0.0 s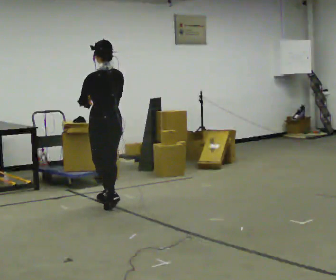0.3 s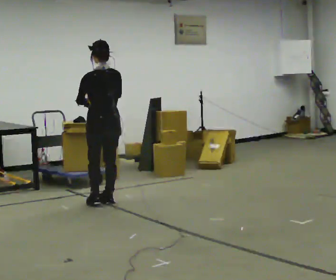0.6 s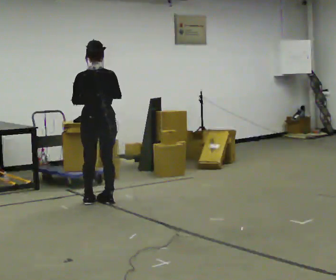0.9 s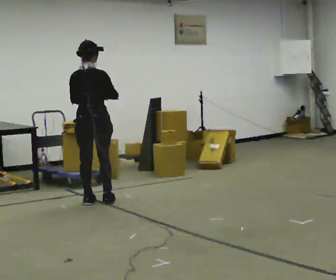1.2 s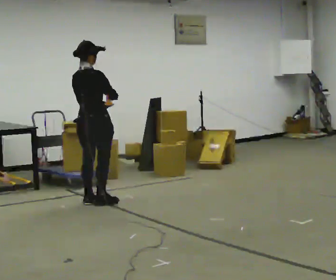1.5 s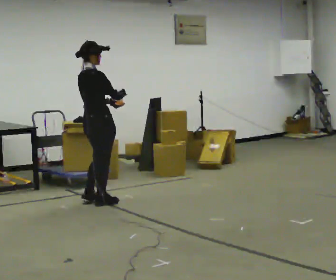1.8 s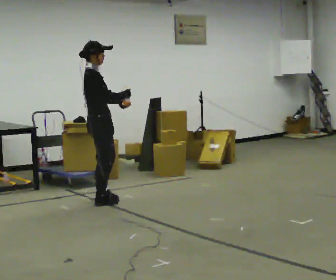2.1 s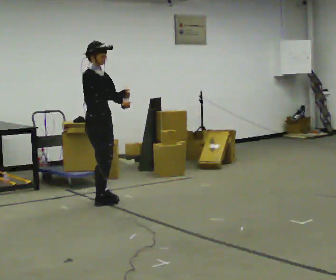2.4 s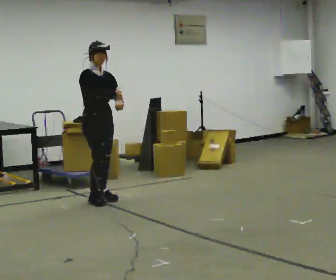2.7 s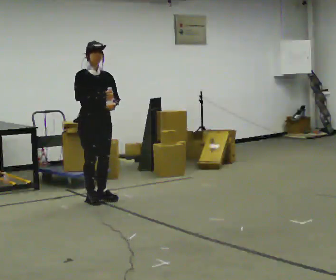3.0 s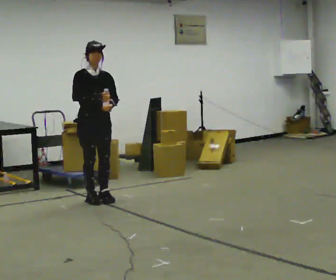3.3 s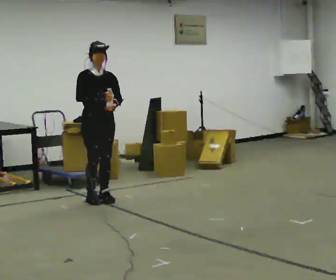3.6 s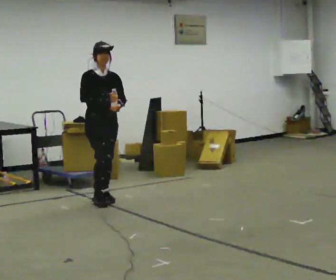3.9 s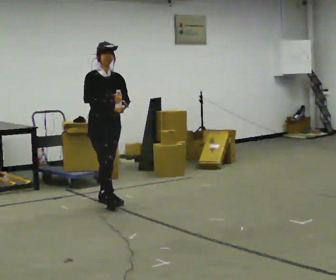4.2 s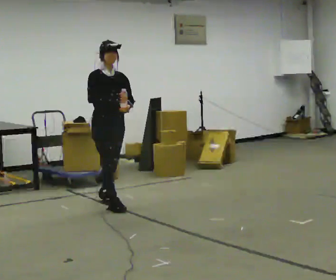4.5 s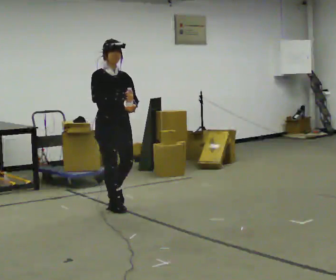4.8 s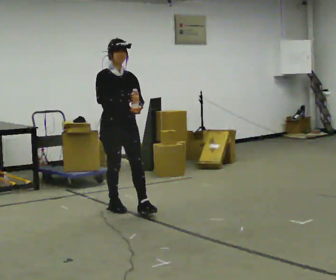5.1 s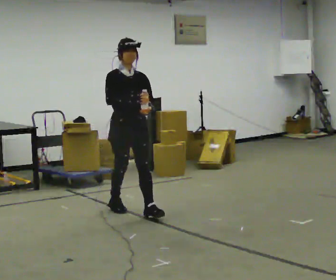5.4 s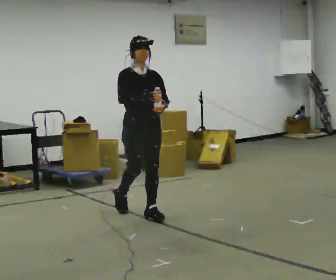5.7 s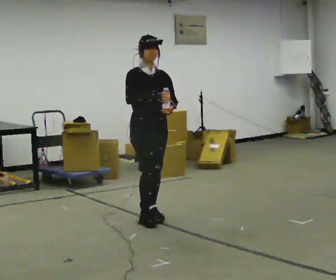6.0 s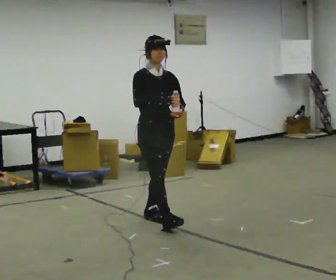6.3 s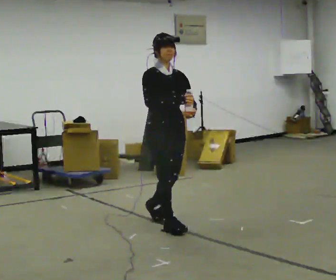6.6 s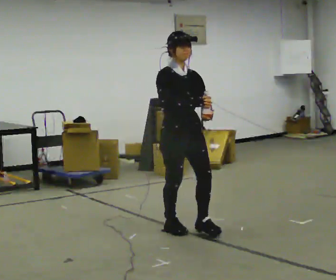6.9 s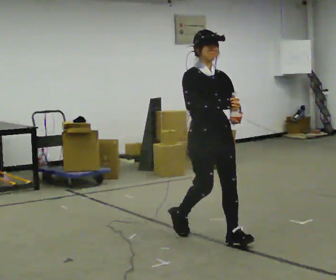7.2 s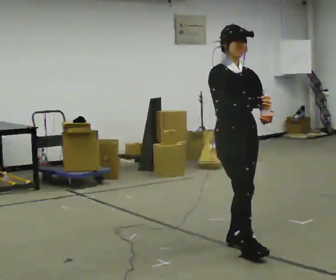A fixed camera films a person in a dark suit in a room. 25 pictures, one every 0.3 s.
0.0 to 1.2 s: The part of the body nearest the lens slides to the left as the person turns to their right by about 75 degrees.
1.2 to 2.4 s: The person turns about 105 degrees to their right, clockwise seen from above, so the part of the body nearest the lens slides to the left. In the picture they go away from the camera, about 0.25 m in 1 step.
2.4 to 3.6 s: The person moves a little, or ends about where they began.
3.6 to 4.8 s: In the picture they go toward the camera, about 0.5 m in 1 step, which for them is forward.
4.8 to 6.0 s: In the picture they go toward the camera and to the right, about 0.5 m in 2 steps, which for them is forward.
6.0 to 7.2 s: In the picture they go toward the camera and to the right, about 1 m in 1 step, which for them is forward.
The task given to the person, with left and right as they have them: Carry the open container of water across the room without spilling it, back and forth.
The film runs forward here.
